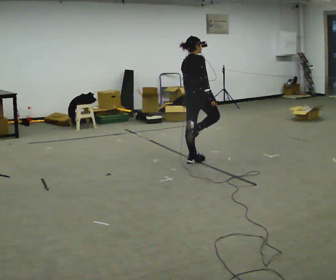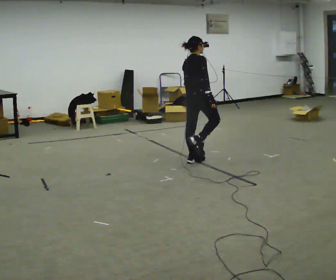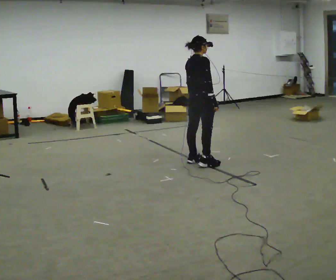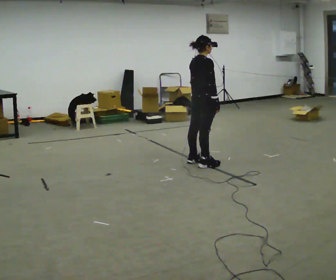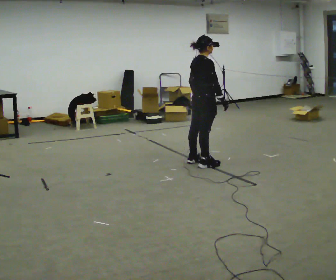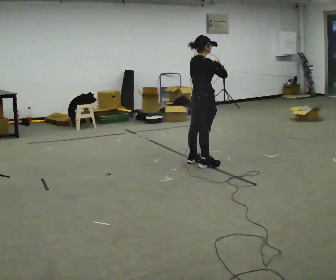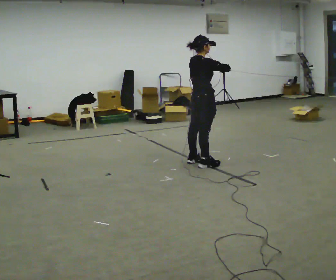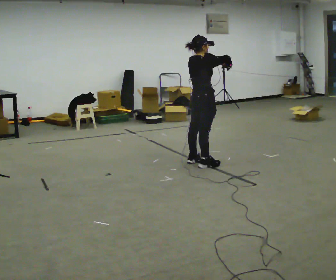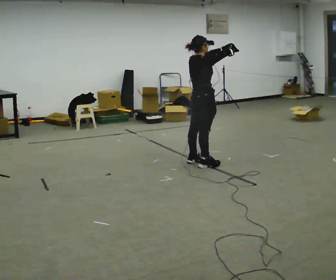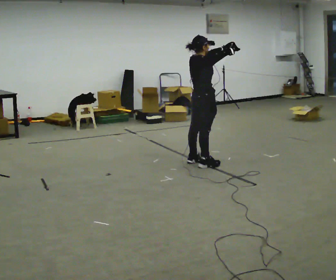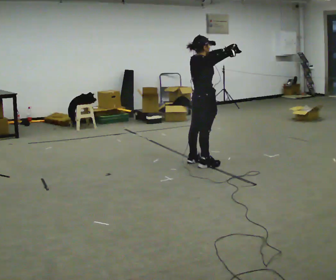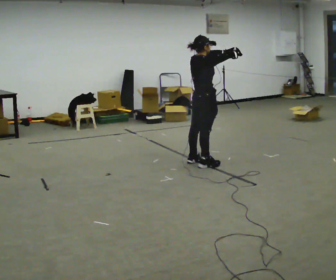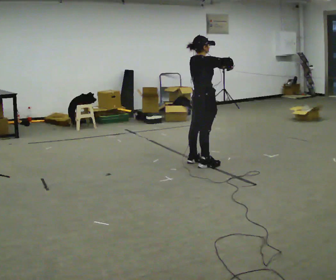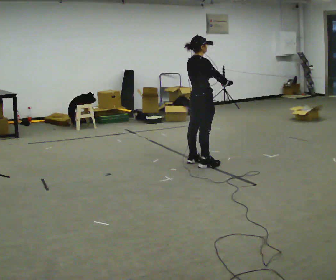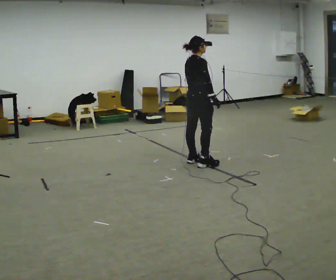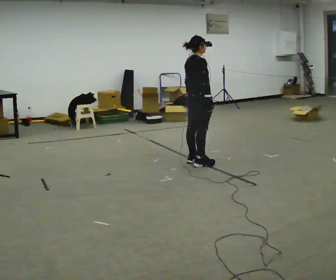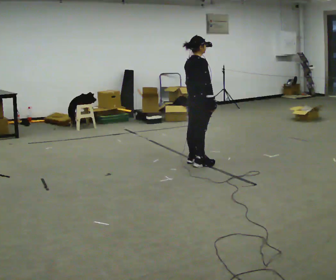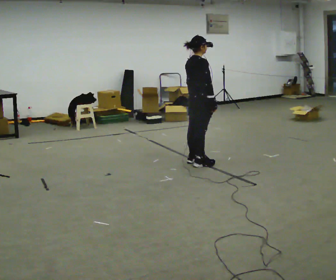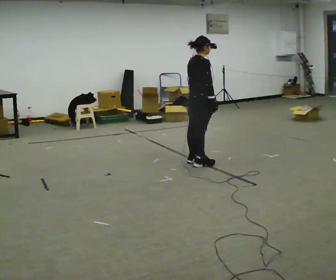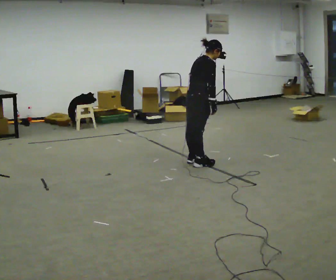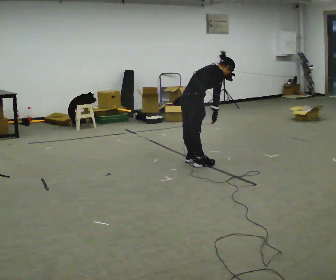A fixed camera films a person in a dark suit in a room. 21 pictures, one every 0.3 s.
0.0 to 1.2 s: The person moves a little, or ends about where they began.
1.2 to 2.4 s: In the picture their right hand goes upward.
2.4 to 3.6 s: The person moves a little, or ends about where they began.
3.6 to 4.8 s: In the picture their right hand goes downward, the arm swinging clockwise.
4.8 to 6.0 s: In the picture the upper body tilts clockwise, shoulders to the right, as they bend forward.
The film runs forward here.
